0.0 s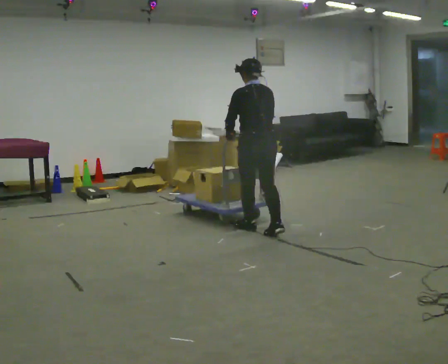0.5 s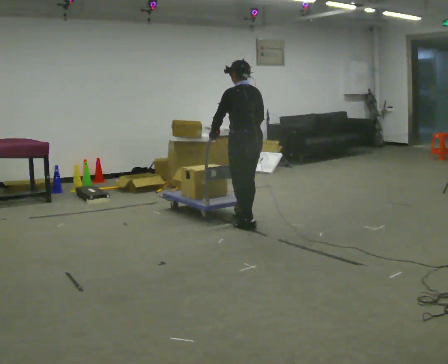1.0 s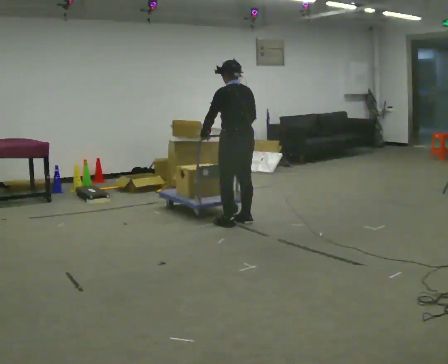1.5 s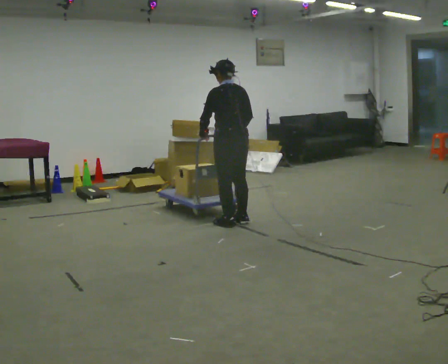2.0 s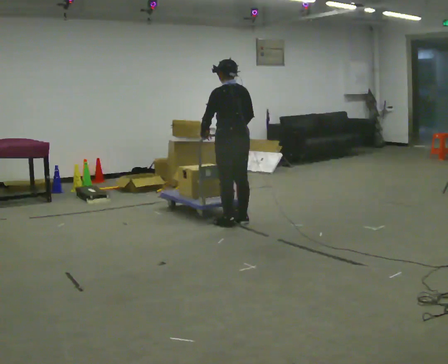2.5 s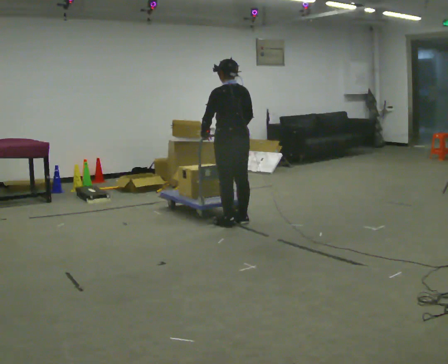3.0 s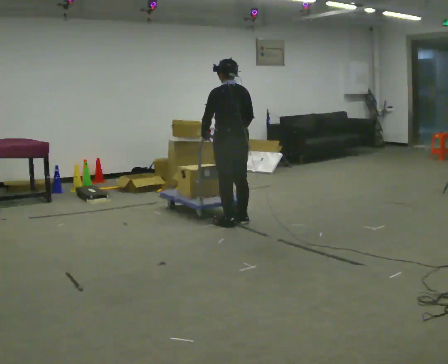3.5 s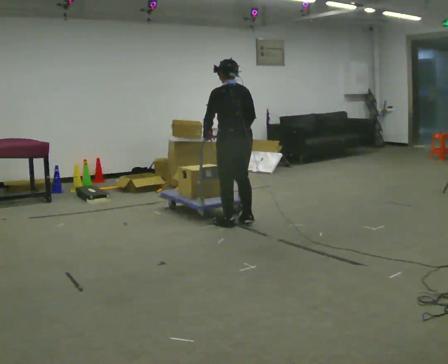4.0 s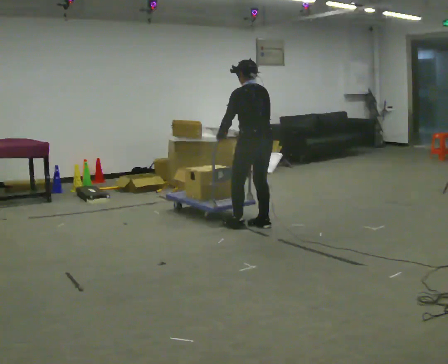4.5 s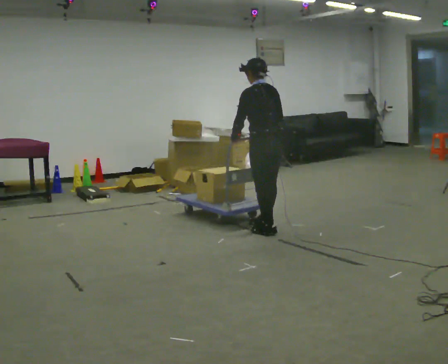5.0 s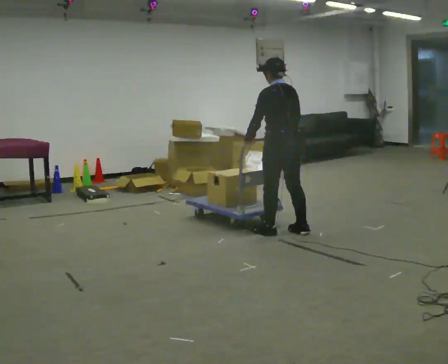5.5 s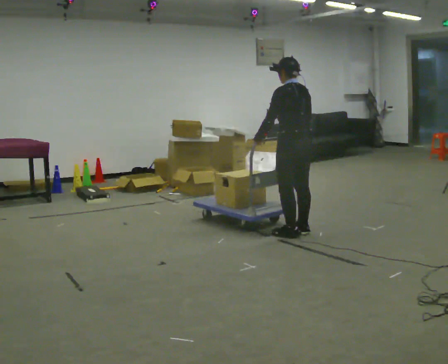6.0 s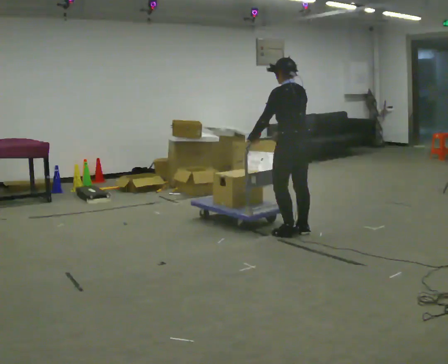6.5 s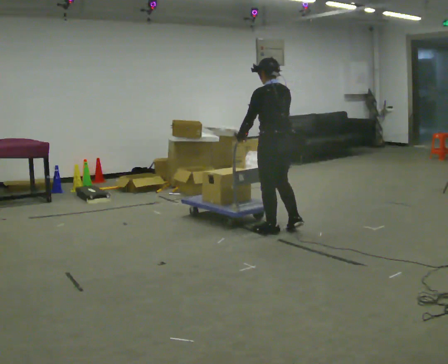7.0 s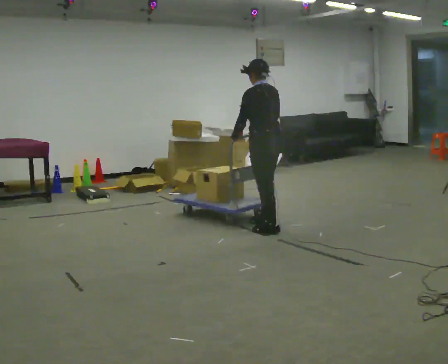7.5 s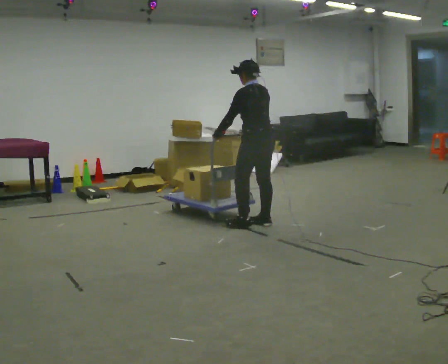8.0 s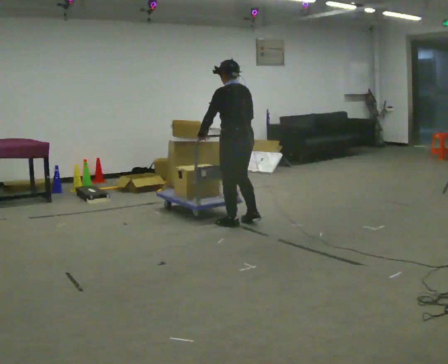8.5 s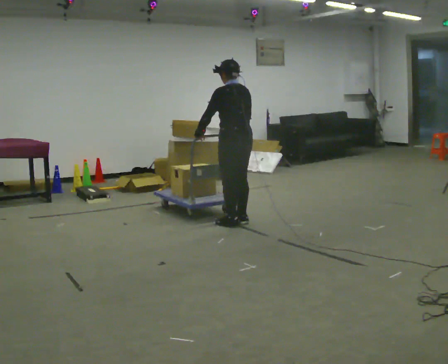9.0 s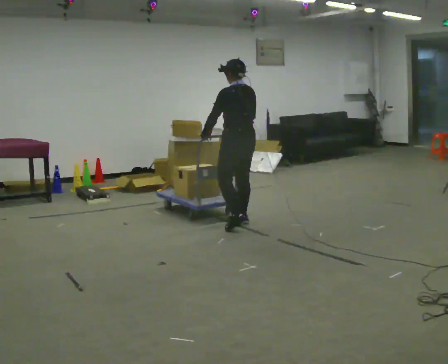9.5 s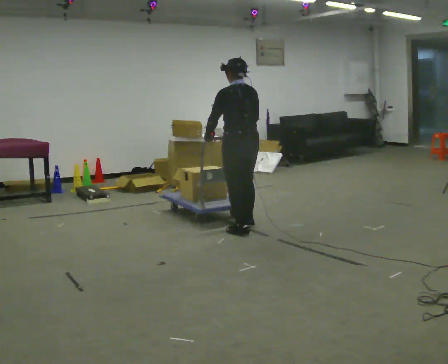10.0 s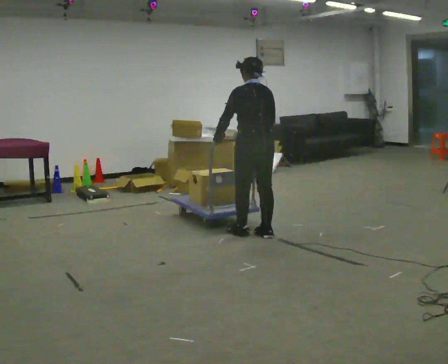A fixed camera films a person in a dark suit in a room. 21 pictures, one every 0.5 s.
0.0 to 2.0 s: In the picture they go to the left and away from the camera, about 0.25 m in 2 steps, which for them is forward.
2.0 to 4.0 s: In the picture they go to the right, about 0.25 m in 1 step, which for them is backward and to their right.
4.0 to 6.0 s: In the picture they go to the right, about 0.5 m in 3 steps, which for them is backward and to their right.
6.0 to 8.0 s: In the picture they go to the left, about 0.5 m in 3 steps, which for them is forward.
8.0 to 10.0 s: In the picture they go toward the camera and to the right, about 0.5 m in 3 steps, which for them is backward.
The film runs forward here.
